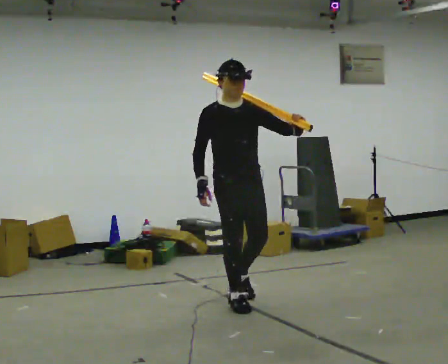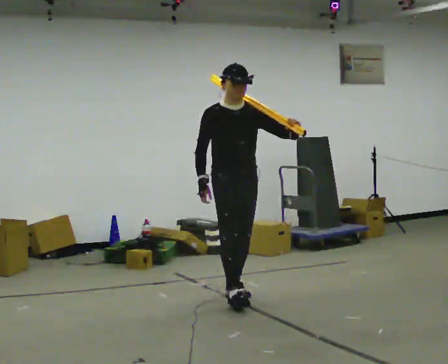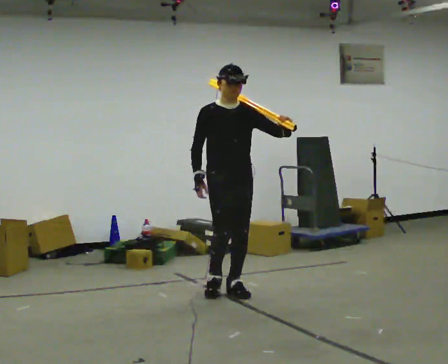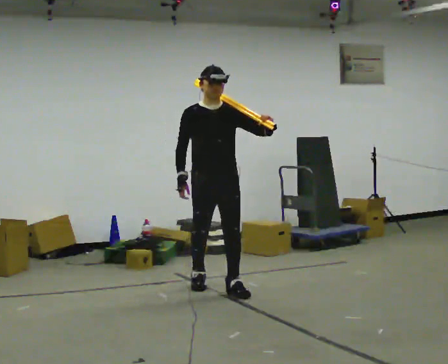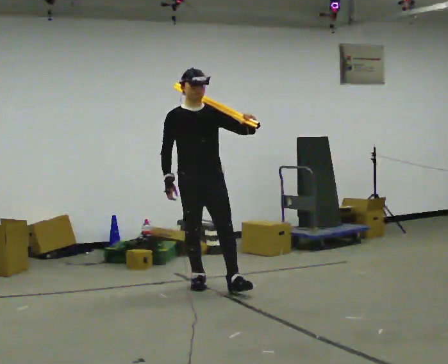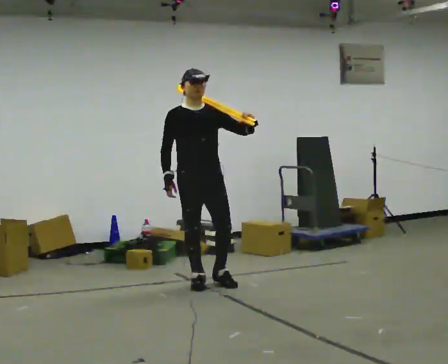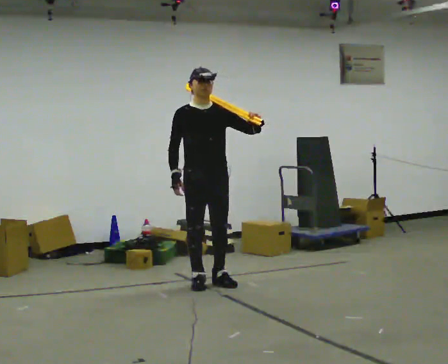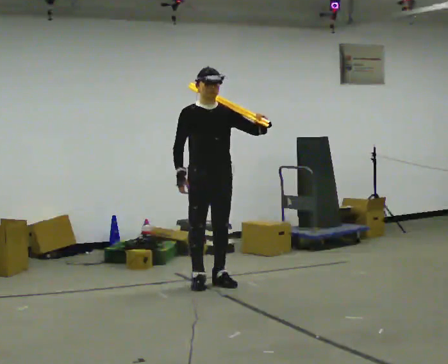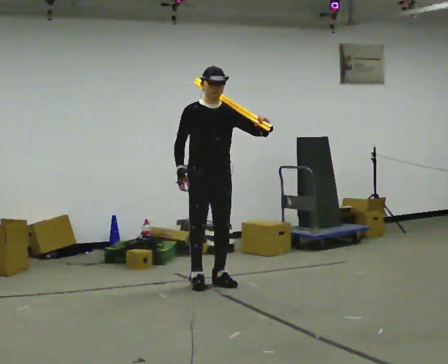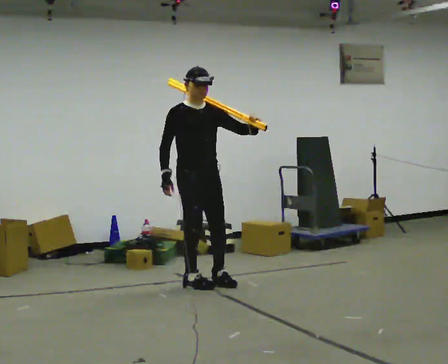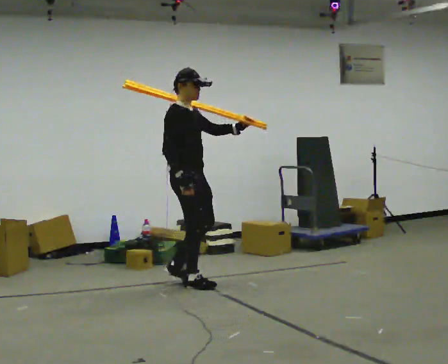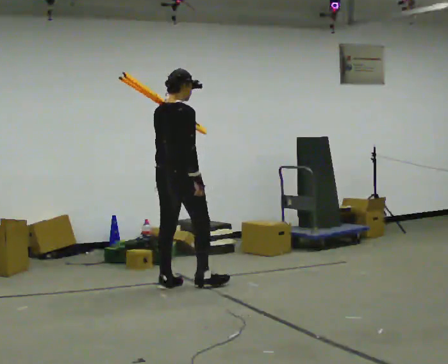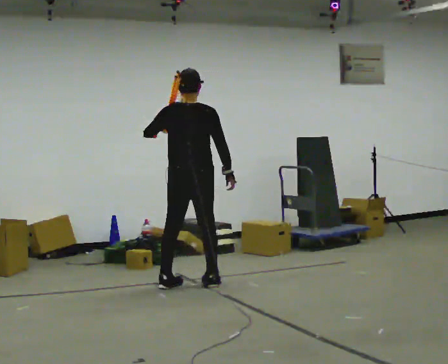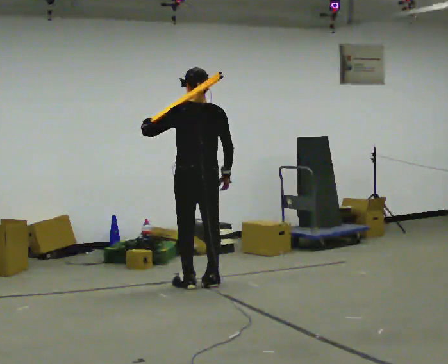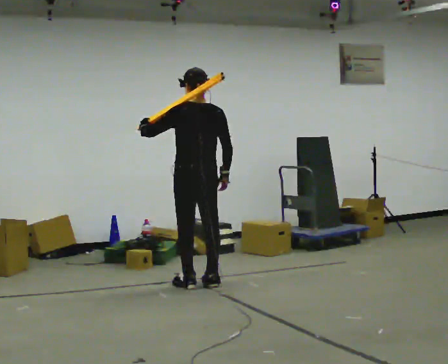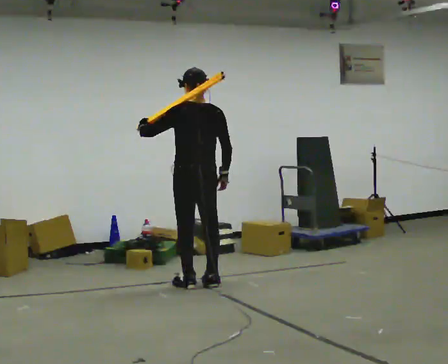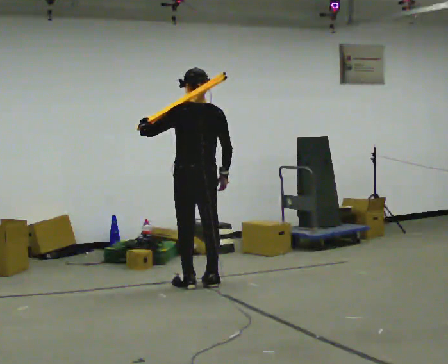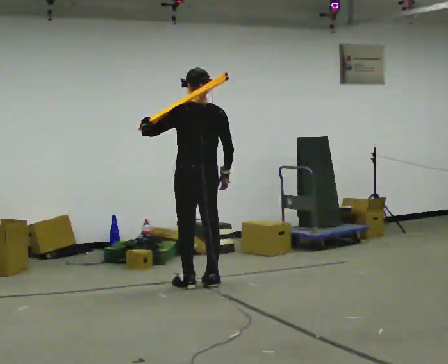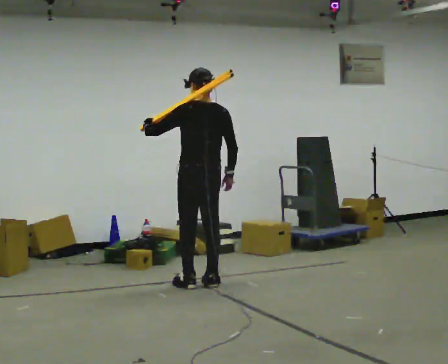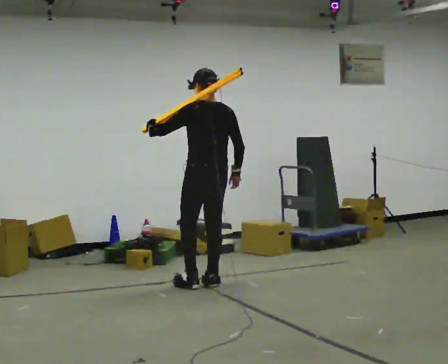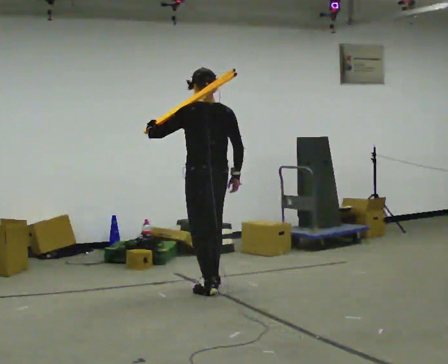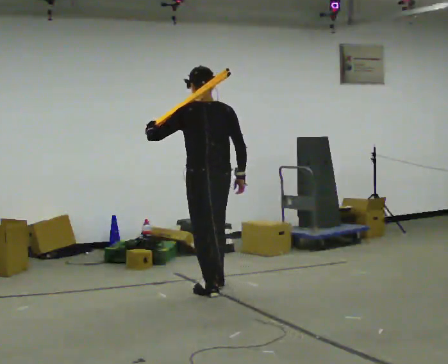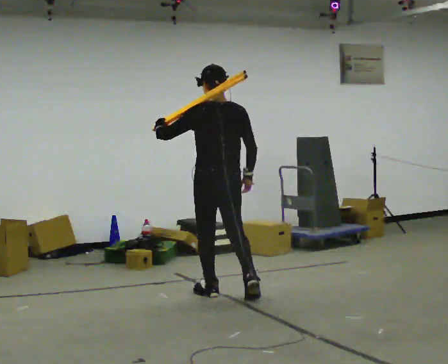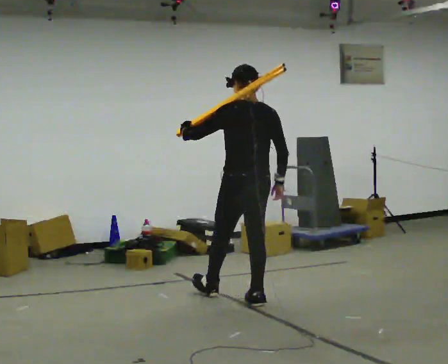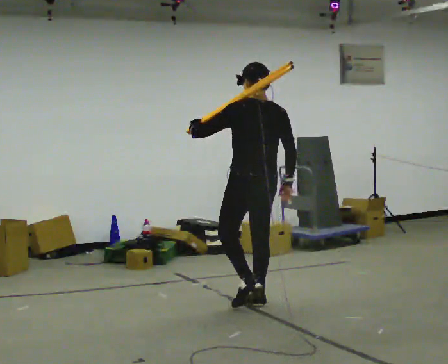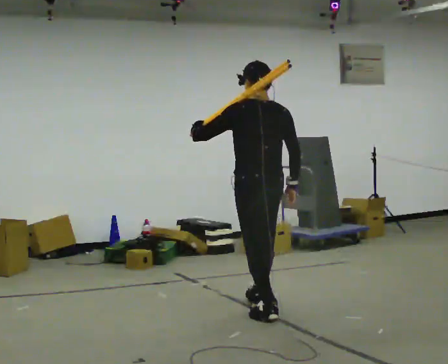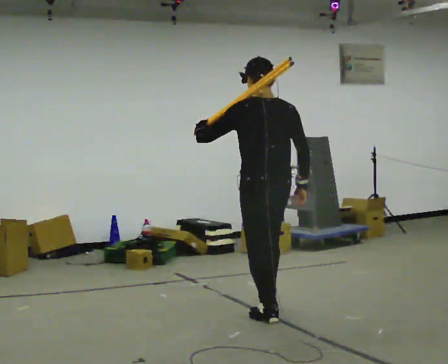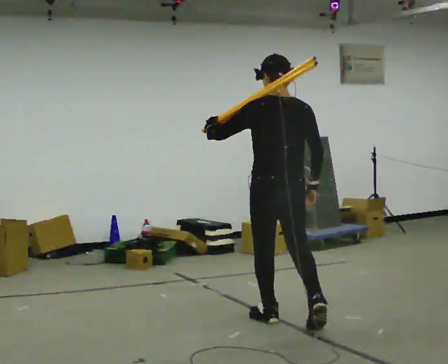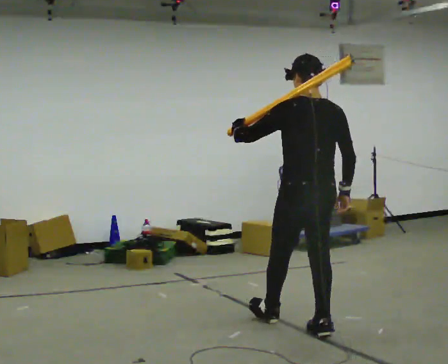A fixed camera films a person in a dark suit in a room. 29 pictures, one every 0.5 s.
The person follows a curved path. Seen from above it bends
counterclockwise.
0.0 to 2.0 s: In the picture they go away from the camera and to the left, about 0.75 m in 1 step, which for them is backward.
2.0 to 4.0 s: The person moves a little, or ends about where they began.
4.0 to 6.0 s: The part of the body nearest the lens slides to the right as the person turns to their left by about 150 degrees. In the picture their left hand goes to the left.
6.0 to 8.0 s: The person turns about 30 degrees to their left, counterclockwise seen from above, so the part of the body nearest the lens slides to the right.
8.0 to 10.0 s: The person moves a little, or ends about where they began.
10.0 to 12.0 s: In the picture they go toward the camera and to the right, about 0.75 m in 2 steps, which for them is backward.
12.0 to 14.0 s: In the picture they go toward the camera and to the right, about 1 m in 1 step, which for them is backward.
The film runs backward here.
